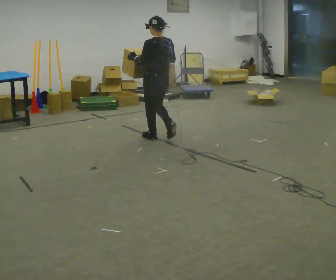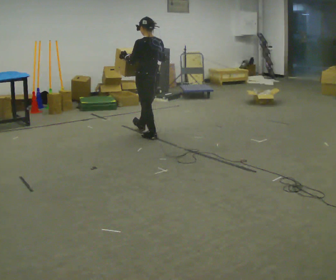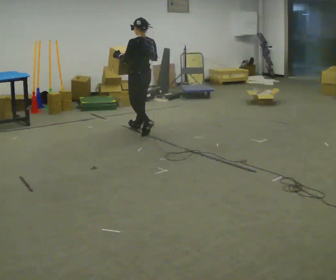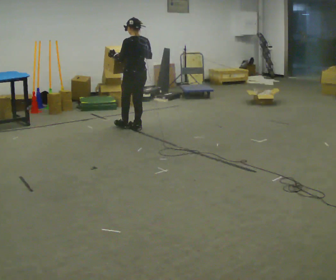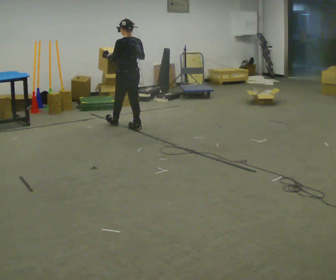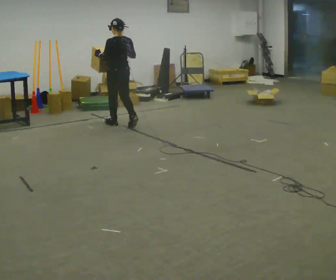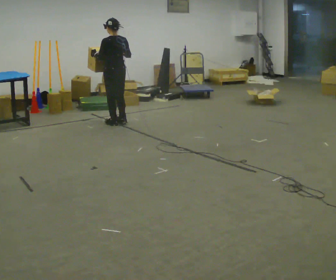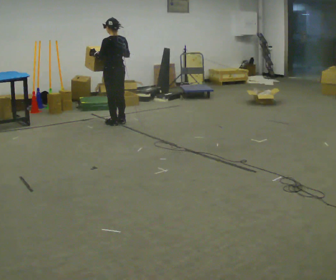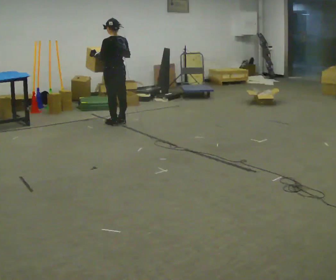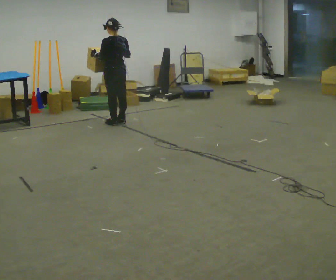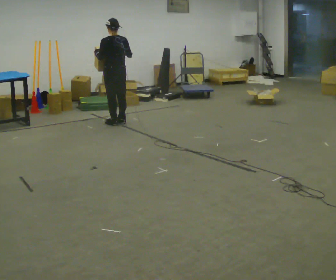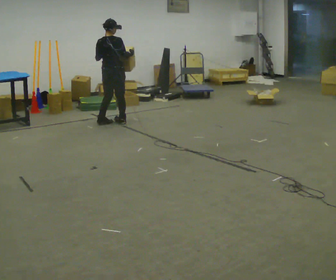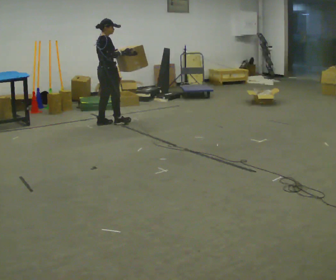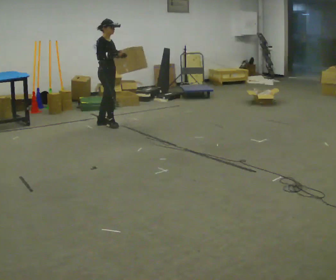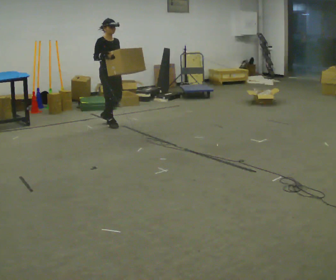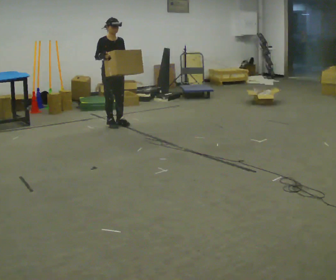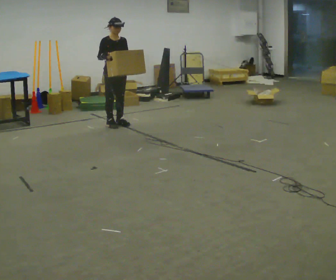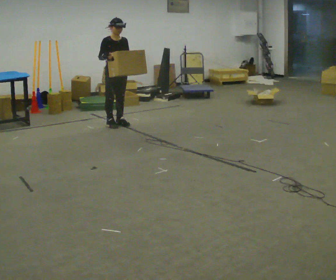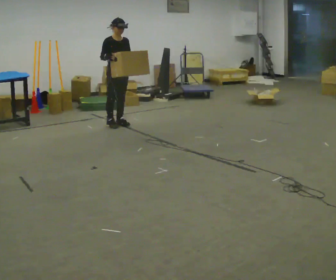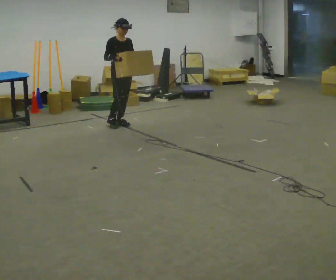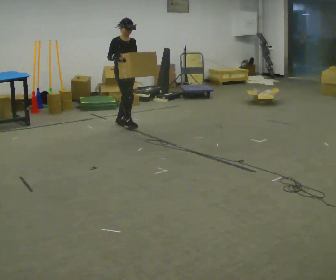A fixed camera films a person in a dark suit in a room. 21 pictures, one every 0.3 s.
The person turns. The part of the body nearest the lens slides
to the left.
The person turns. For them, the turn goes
to their right.
0.0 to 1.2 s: In the picture they go away from the camera and to the left, about 0.75 m in 2 steps, which for them is forward.
1.2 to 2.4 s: In the picture they go away from the camera and to the left, about 0.25 m in 1 step, which for them is forward.
2.4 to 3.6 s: The person turns about 105 degrees to their right, clockwise seen from above, so the part of the body nearest the lens slides to the left.
3.6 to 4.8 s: The person turns about 90 degrees to their right, clockwise seen from above, so the part of the body nearest the lens slides to the left.
4.8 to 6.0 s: The person moves a little, or ends about where they began.
The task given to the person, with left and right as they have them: Carry the heavy box in both hands in front of you, walking back and forth across the room. Keep walking until the operator says stop. Set it down if you need a rest.
The film runs forward here.
